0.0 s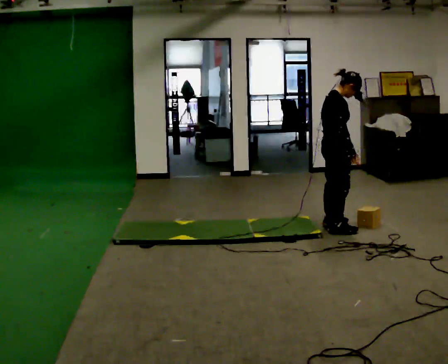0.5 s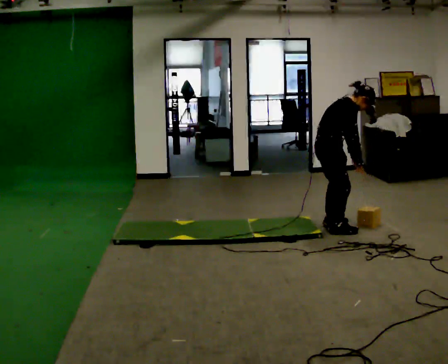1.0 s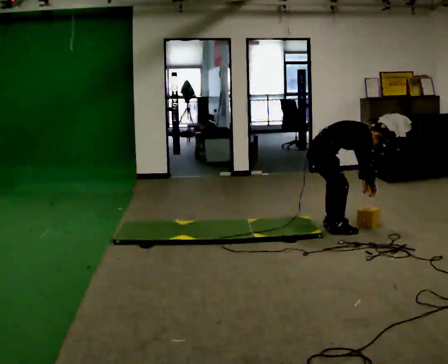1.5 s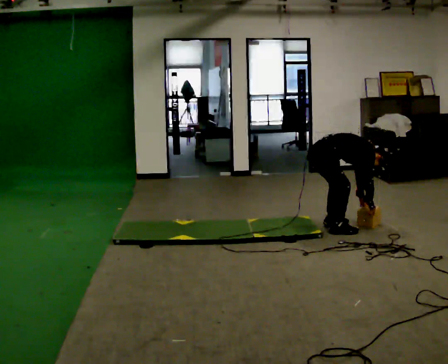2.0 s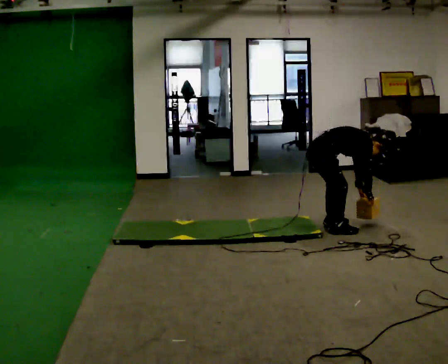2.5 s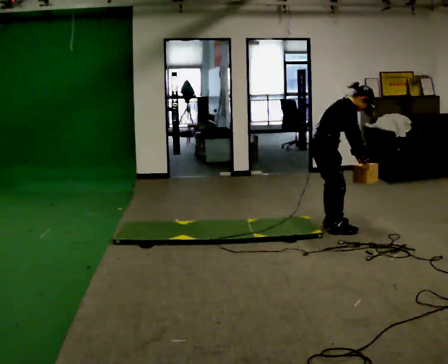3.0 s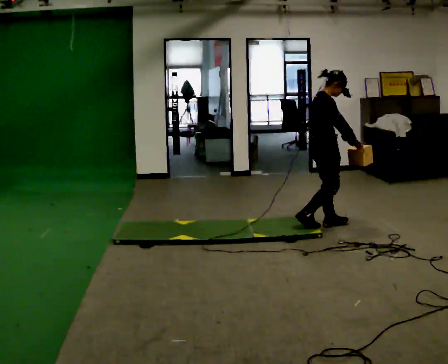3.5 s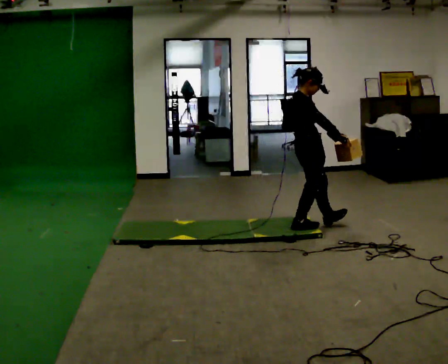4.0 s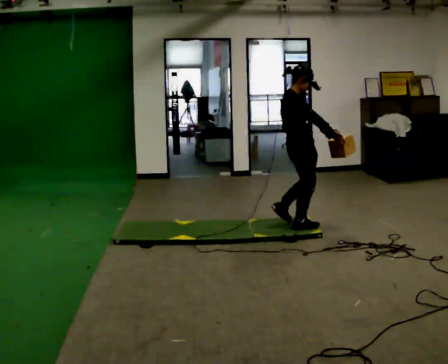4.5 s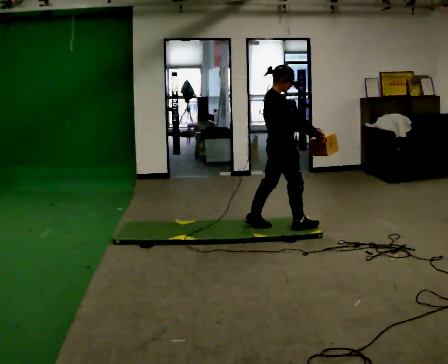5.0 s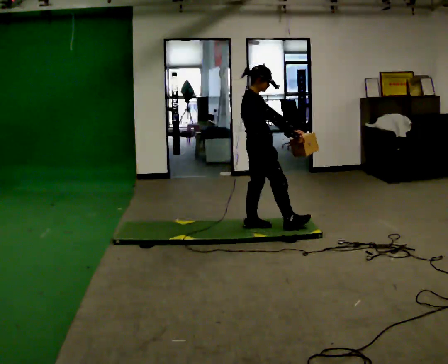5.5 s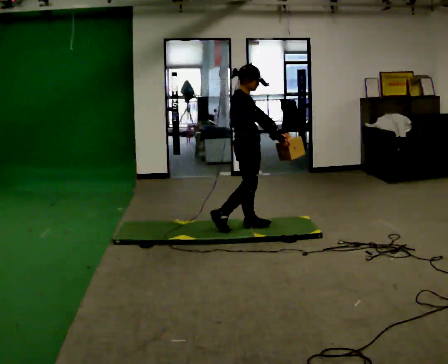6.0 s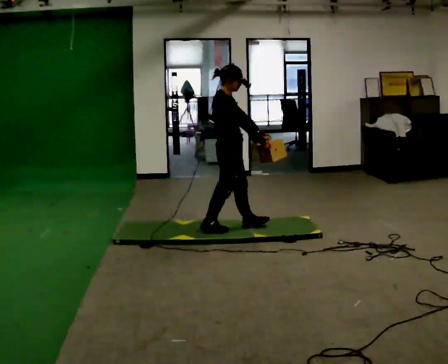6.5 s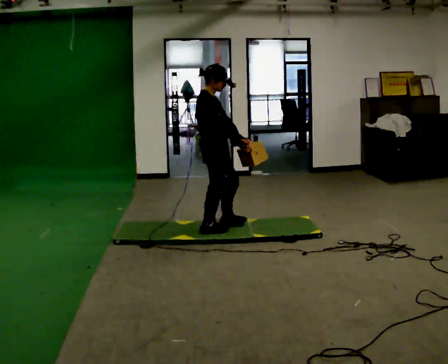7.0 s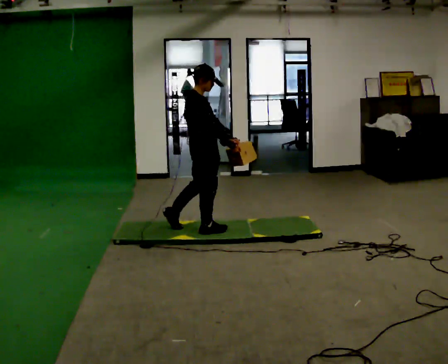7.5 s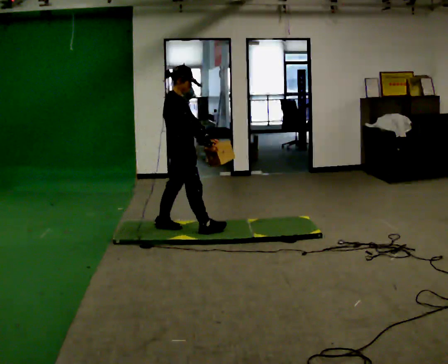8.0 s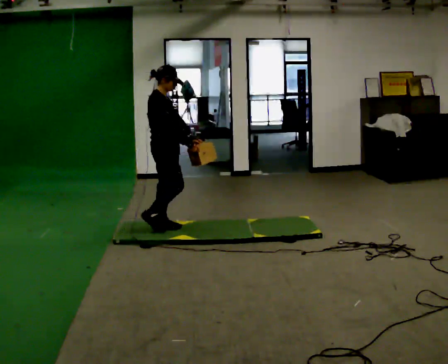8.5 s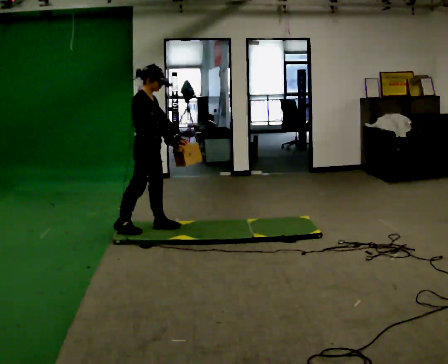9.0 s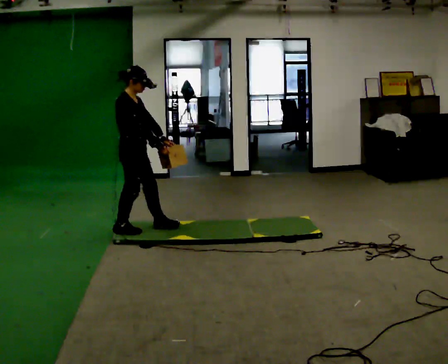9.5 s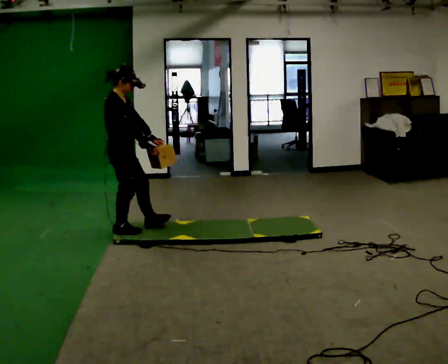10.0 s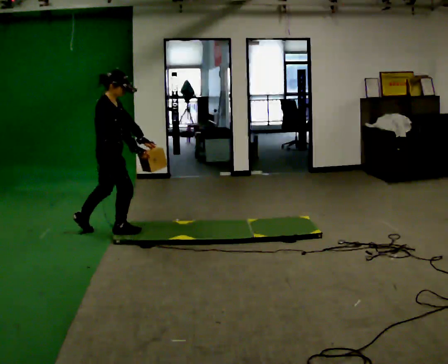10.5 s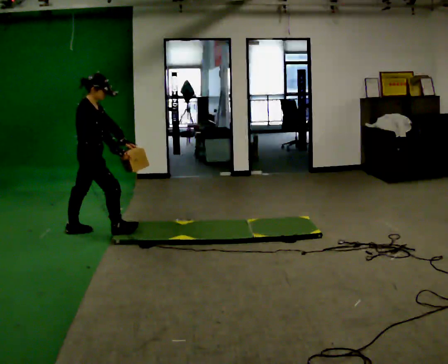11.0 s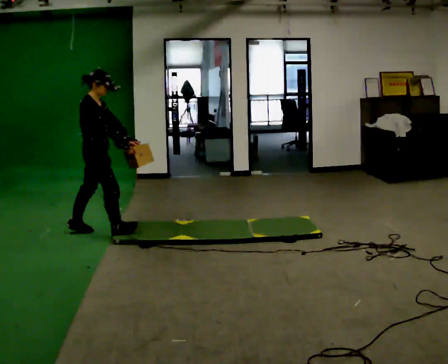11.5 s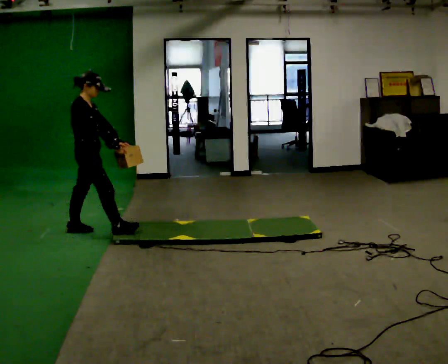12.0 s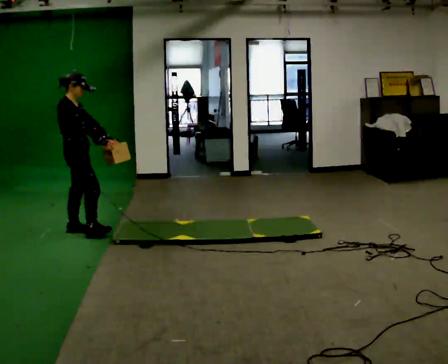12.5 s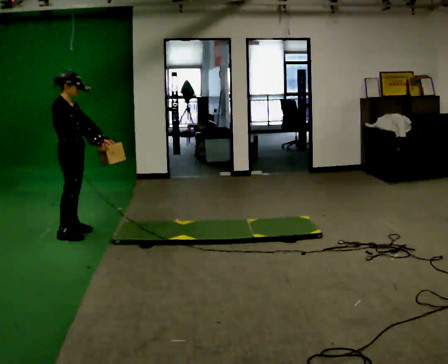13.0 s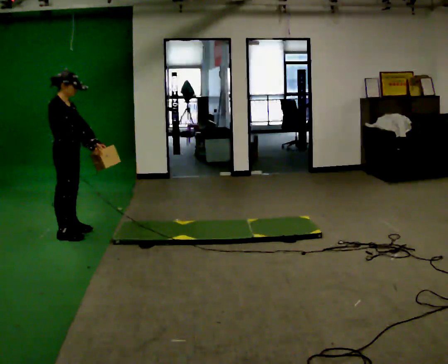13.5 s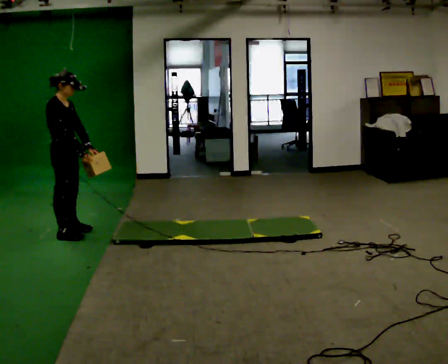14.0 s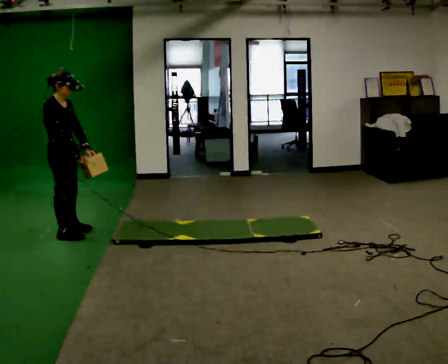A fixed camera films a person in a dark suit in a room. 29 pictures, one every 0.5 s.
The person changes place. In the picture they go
to the left.
0.0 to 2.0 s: The shoulders move downward. In the picture the upper body tilts clockwise, shoulders to the right, as they bend forward. In the picture their right hand goes downward.
2.0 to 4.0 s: In the picture they go to the left, about 0.25 m in 2 steps, which for them is backward. The upper body goes upward. In the picture the upper body tilts counterclockwise, shoulders to the left, as they lean back or straighten. In the picture their left hand goes upward and to the left.
4.0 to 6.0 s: In the picture they go to the left, about 0.5 m in 1 step, which for them is backward.
6.0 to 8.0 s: In the picture they go to the left, about 0.5 m in 2 steps, which for them is backward.
8.0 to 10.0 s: In the picture they go to the left, about 0.5 m in 1 step, which for them is backward.
10.0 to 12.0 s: In the picture they go to the left, about 0.25 m in 1 step, which for them is backward and to their left.
12.0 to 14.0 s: The person moves a little, or ends about where they began.
The film runs backward here.
